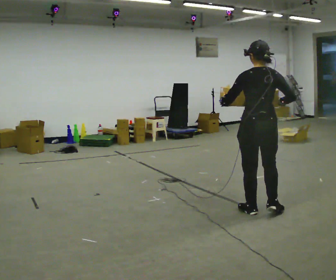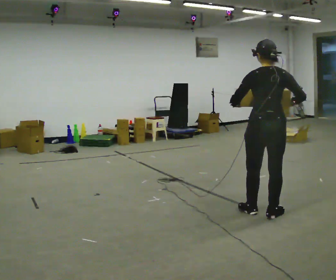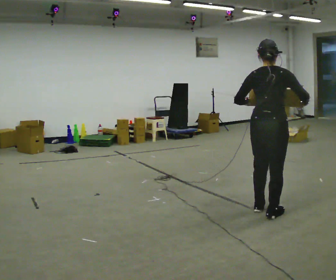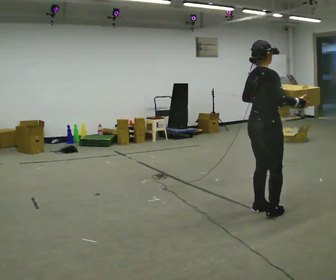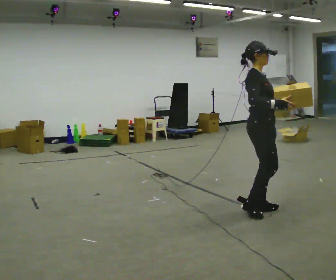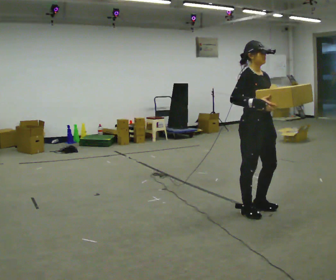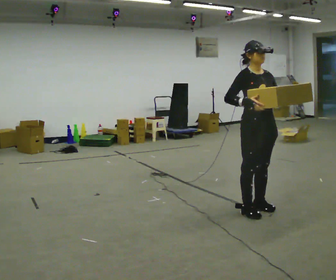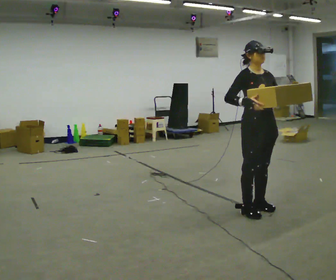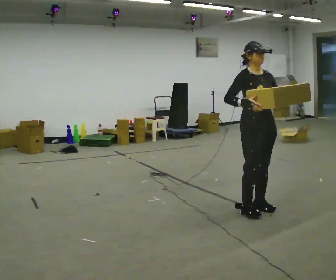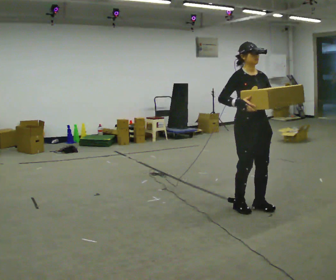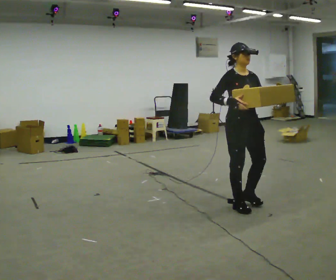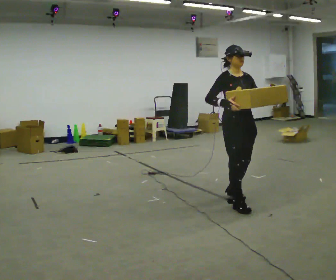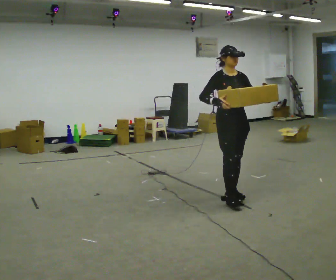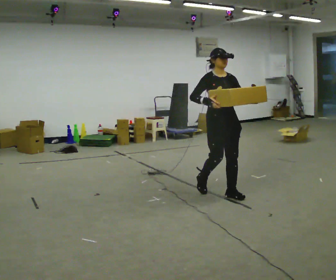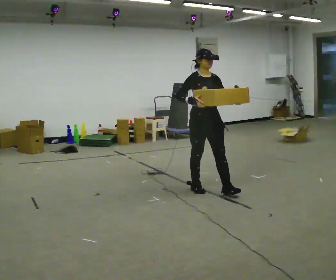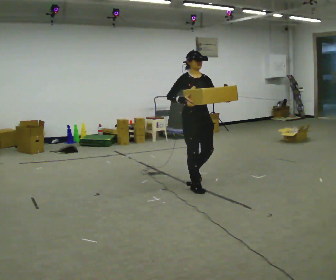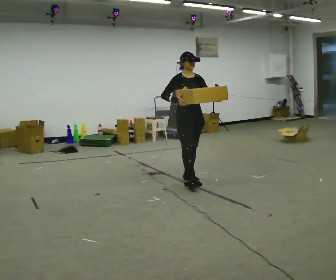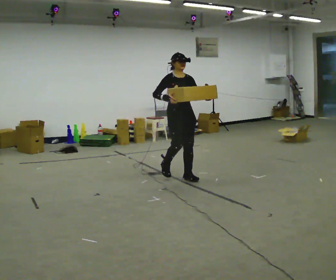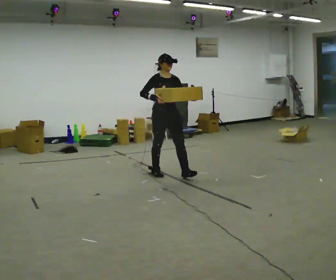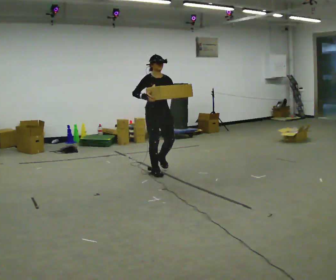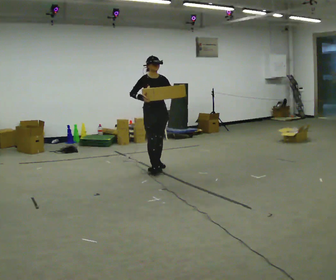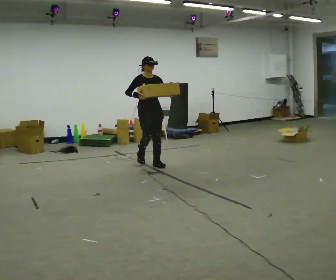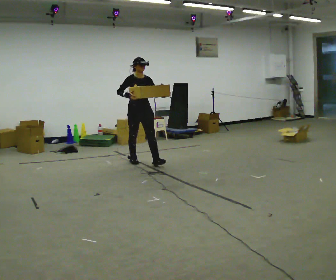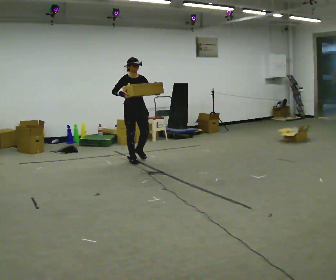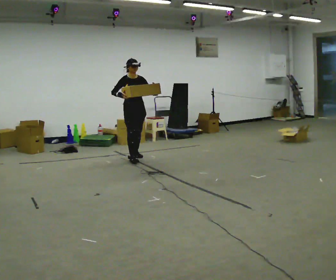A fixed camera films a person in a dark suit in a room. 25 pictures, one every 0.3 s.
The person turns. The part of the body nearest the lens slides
to the left.
The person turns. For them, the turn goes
to their right.
0.0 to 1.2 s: The part of the body nearest the lens slides to the left as the person turns to their right by about 105 degrees. In the picture their left hand goes to the right.
1.2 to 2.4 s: The person turns about 45 degrees to their right, clockwise seen from above, so the part of the body nearest the lens slides to the left.
2.4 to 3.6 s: In the picture they go away from the camera and to the left, about 0.5 m in 3 steps, which for them is backward.
3.6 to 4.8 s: In the picture they go away from the camera and to the left, about 1 m in 2 steps, which for them is backward.
4.8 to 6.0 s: In the picture they go away from the camera and to the left, about 1 m in 2 steps, which for them is backward.
6.0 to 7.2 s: In the picture they go away from the camera and to the left, about 0.5 m in 1 step, which for them is backward.
The film runs backward here.
